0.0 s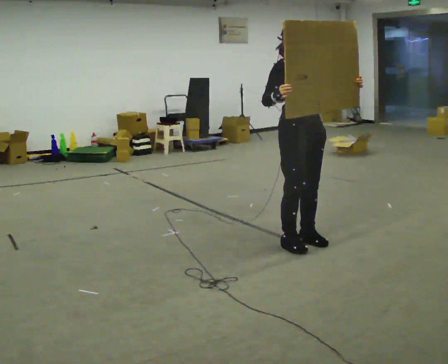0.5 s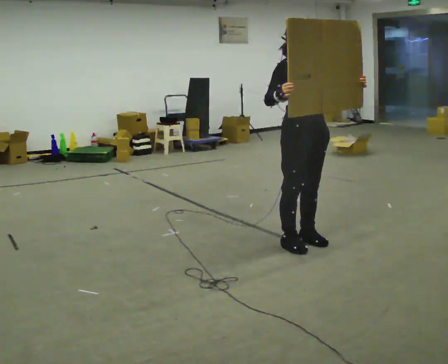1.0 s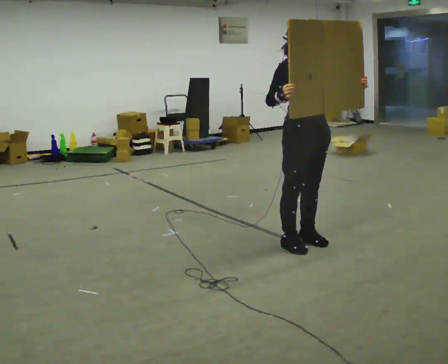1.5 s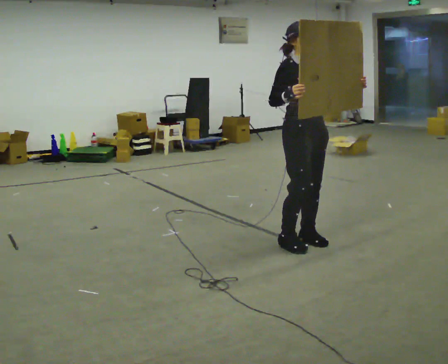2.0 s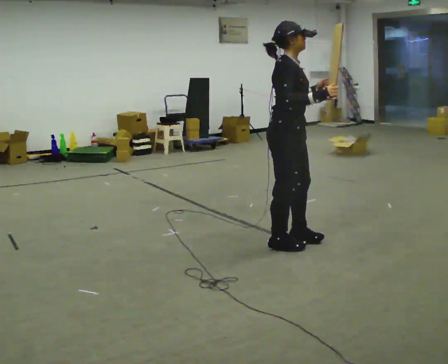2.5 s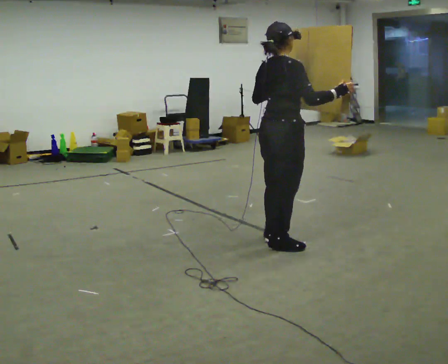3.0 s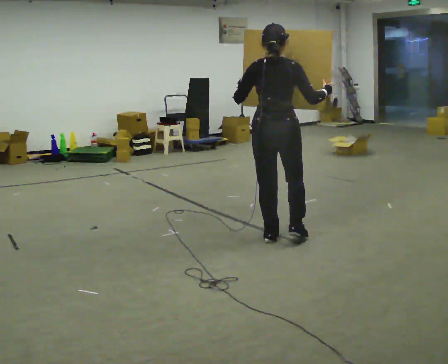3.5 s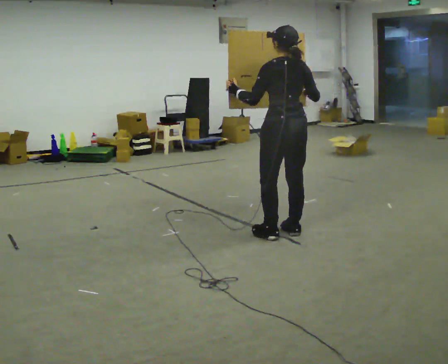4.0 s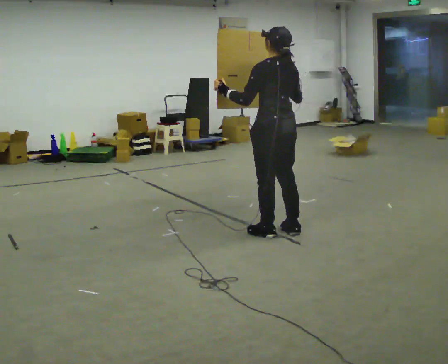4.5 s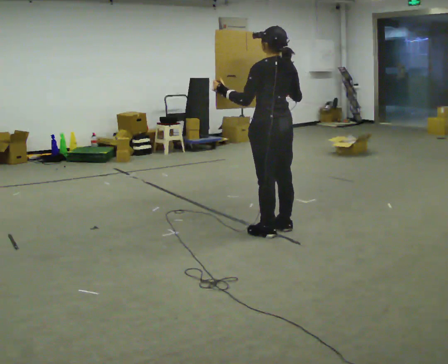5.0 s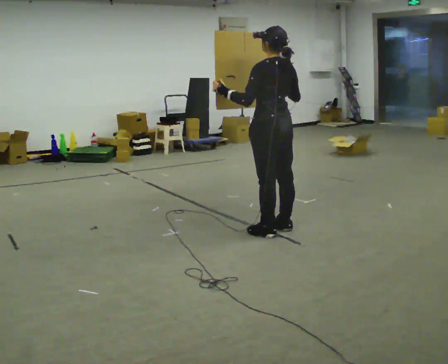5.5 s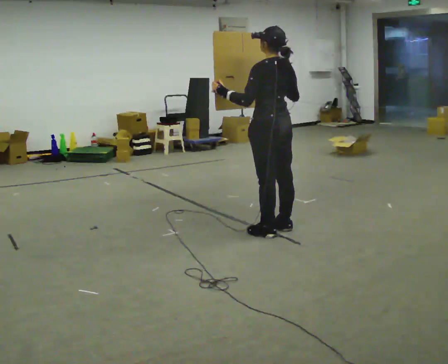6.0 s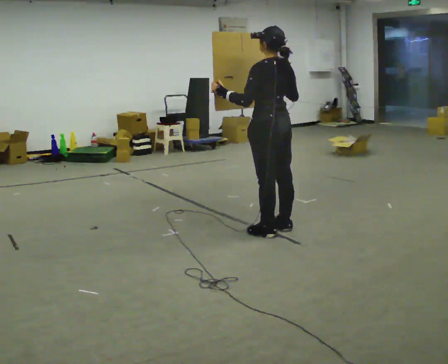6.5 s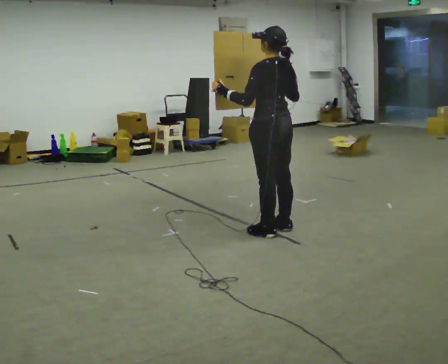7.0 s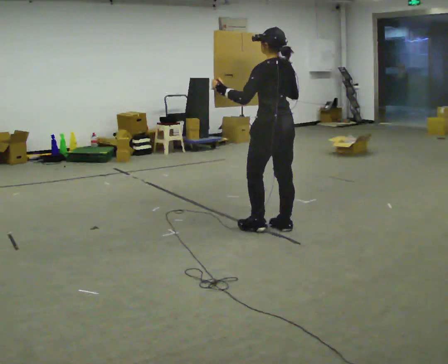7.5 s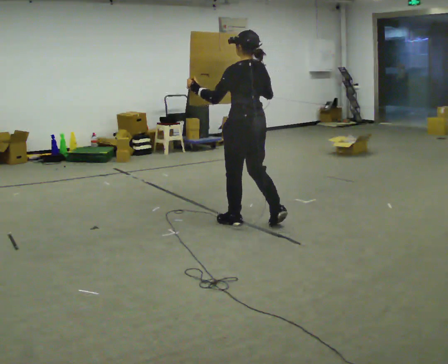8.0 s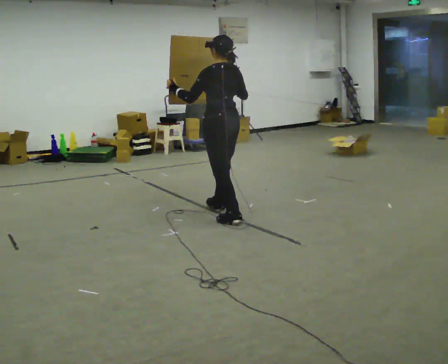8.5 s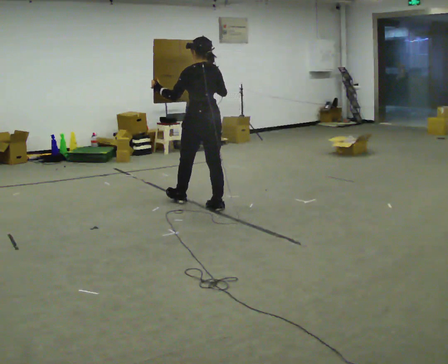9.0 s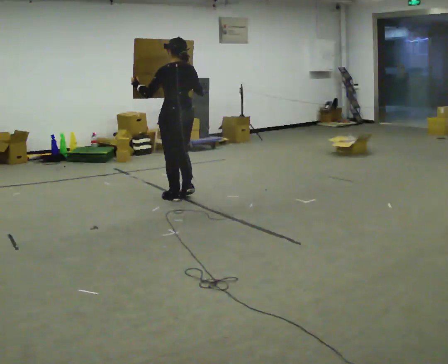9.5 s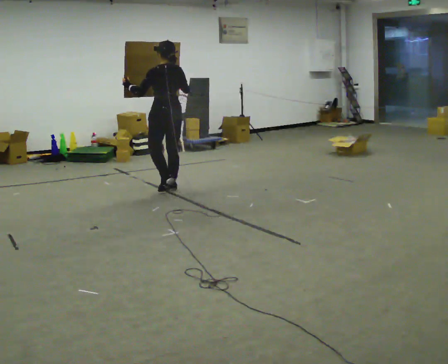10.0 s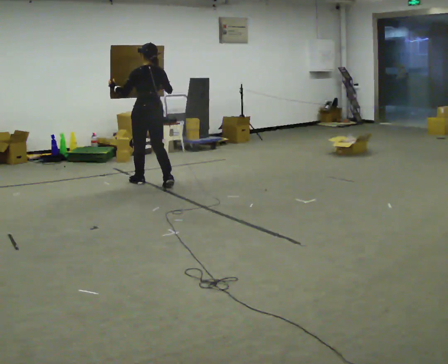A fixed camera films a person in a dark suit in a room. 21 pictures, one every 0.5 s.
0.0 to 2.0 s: The person turns about 45 degrees to their left, counterclockwise seen from above, so the part of the body nearest the lens slides to the right.
2.0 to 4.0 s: The person turns about 135 degrees to their left, counterclockwise seen from above, so the part of the body nearest the lens slides to the right. In the picture they go away from the camera, about 0.25 m in 2 steps.
4.0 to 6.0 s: The person moves a little, or ends about where they began.
6.0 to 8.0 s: In the picture they go to the left and away from the camera, about 0.5 m in 2 steps, which for them is forward.
8.0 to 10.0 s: In the picture they go to the left and away from the camera, about 1.5 m in 3 steps, which for them is forward.
The film runs forward here.
